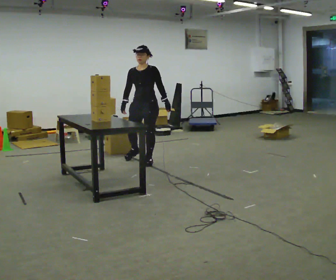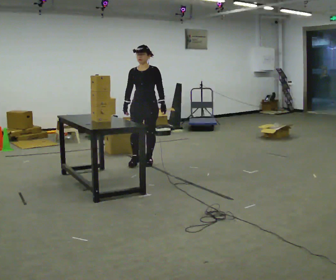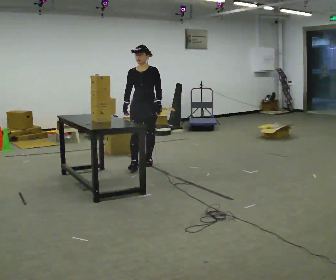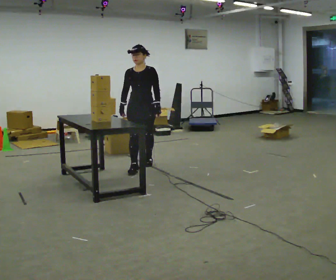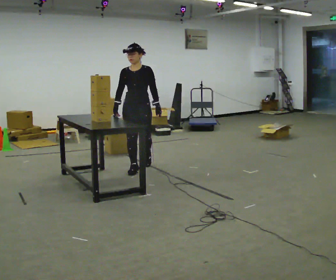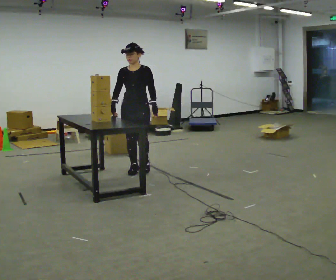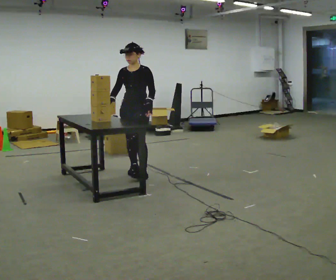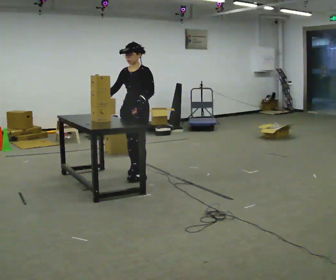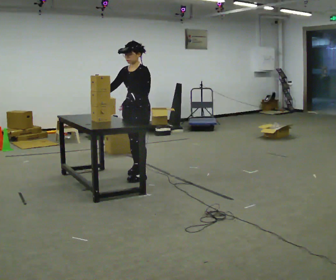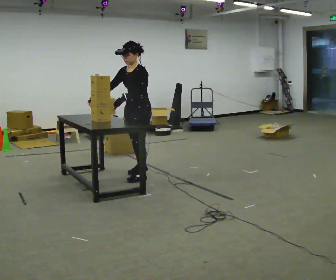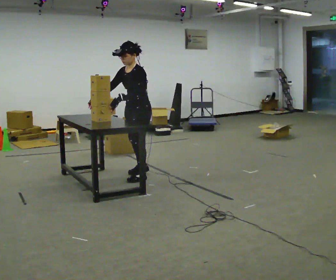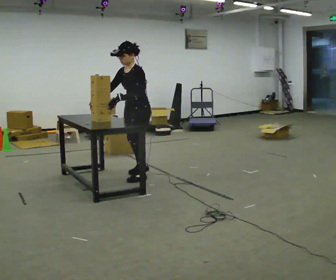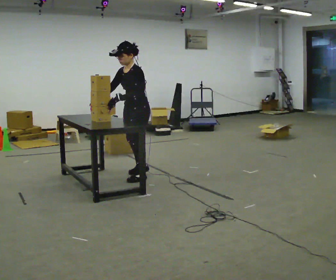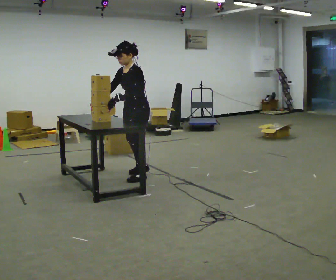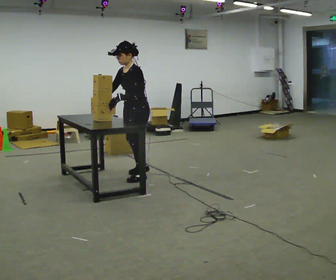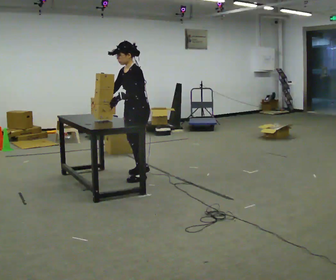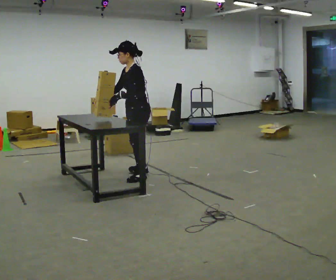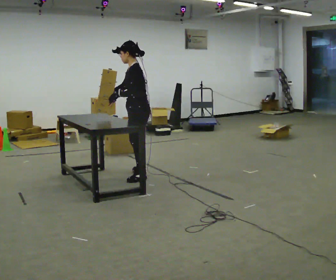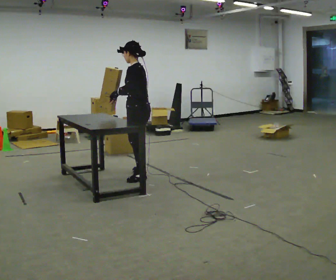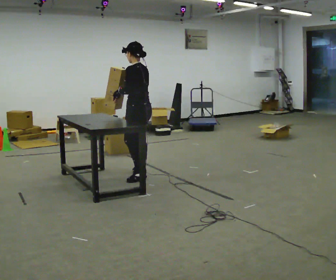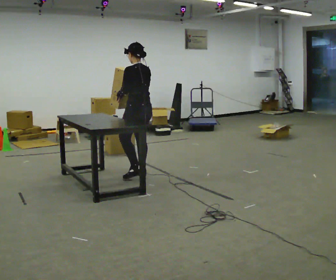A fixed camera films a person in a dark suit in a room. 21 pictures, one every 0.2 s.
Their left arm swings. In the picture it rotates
clockwise.
0.0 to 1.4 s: In the picture they go toward the camera, about 0.5 m in 2 steps, which for them is forward.
1.4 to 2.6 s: The person turns about 30 degrees to their right, clockwise seen from above, so the part of the body nearest the lens slides to the left. In the picture they go toward the camera, about 0.25 m in 1 step, which for them is to their left.
2.6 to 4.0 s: The part of the body nearest the lens slides to the left as the person turns to their right by about 75 degrees. In the picture they go away from the camera, about 0.25 m. In the picture their right hand goes to the right.
The film runs forward here.
